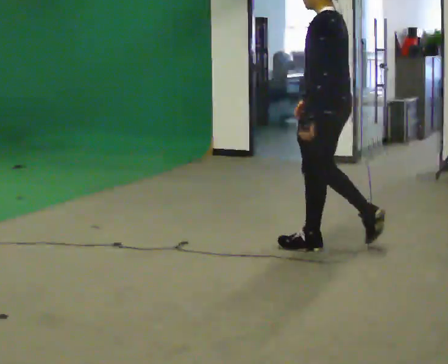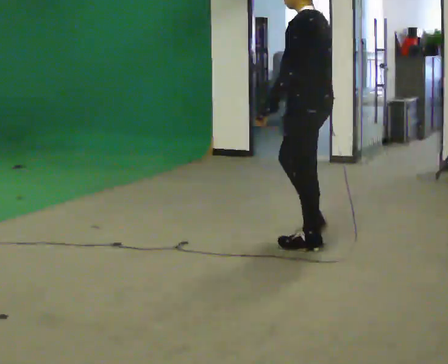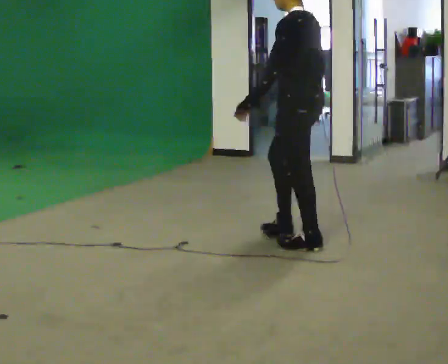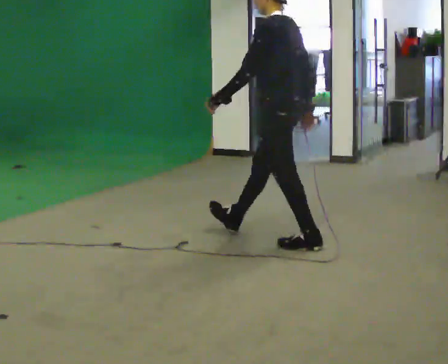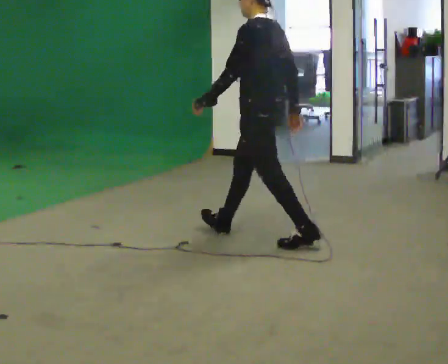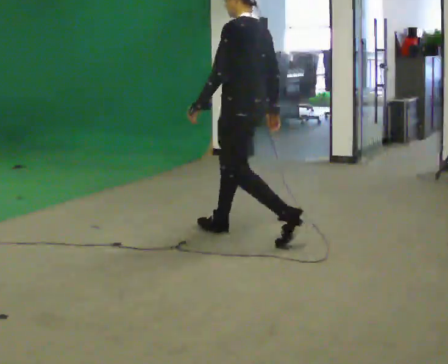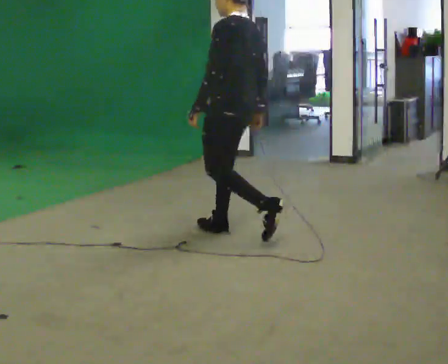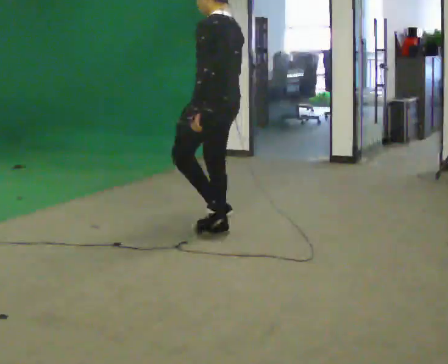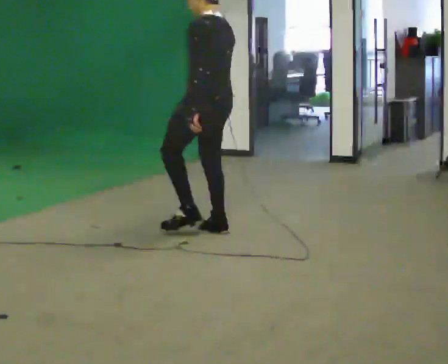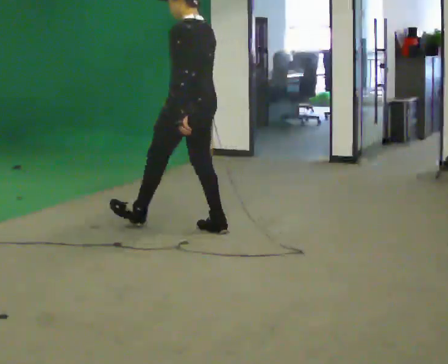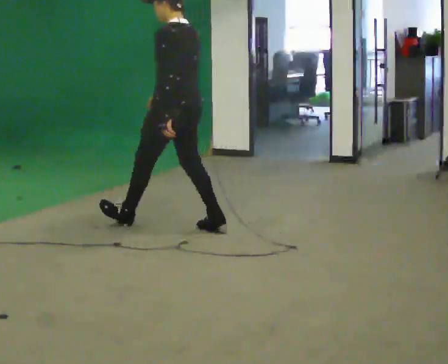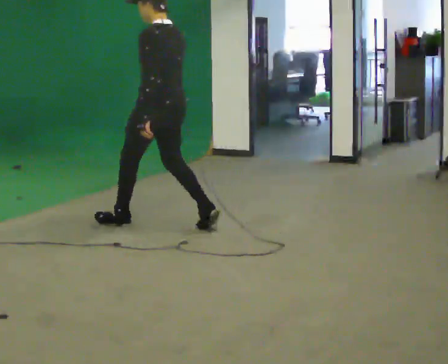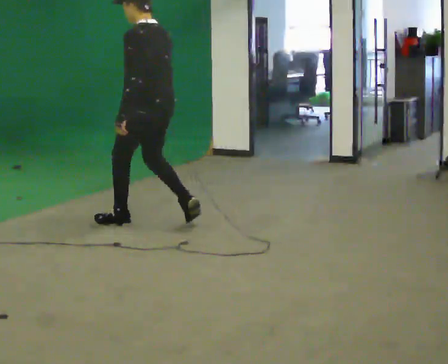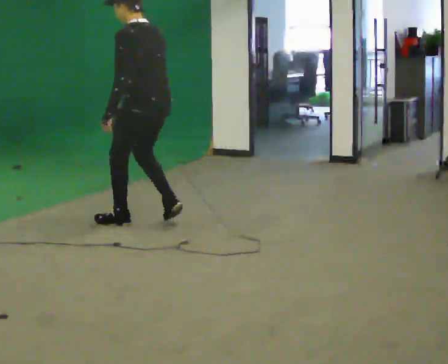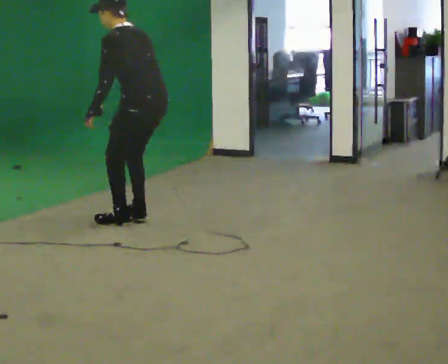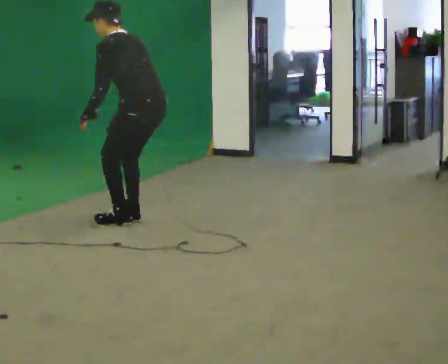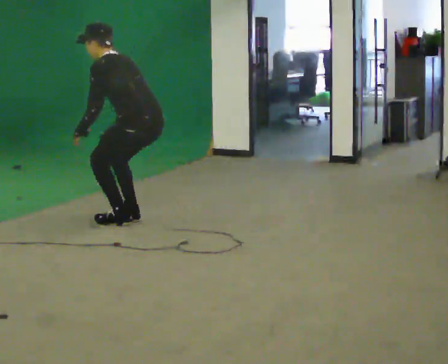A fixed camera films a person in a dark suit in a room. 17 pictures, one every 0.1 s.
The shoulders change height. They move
downward.
The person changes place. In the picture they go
to the left.
0.0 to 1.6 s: In the picture they go to the left and away from the camera, about 1.5 m in 3 steps, which for them is forward. The shoulders move downward. In the picture the upper body tilts counterclockwise, shoulders to the left, as they bend forward.
The film runs forward here.
